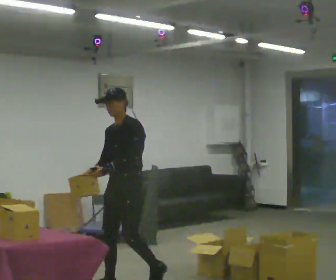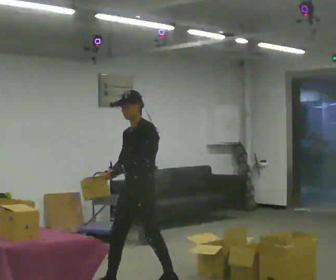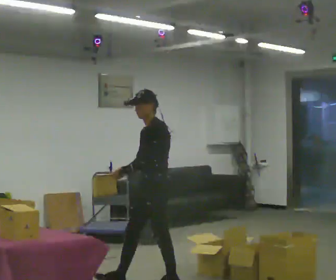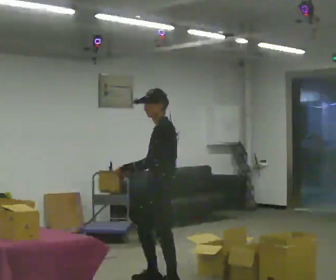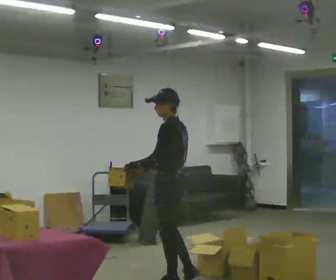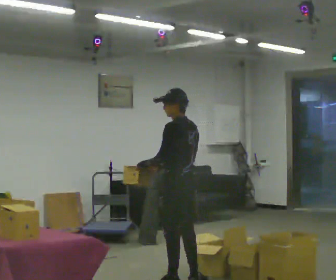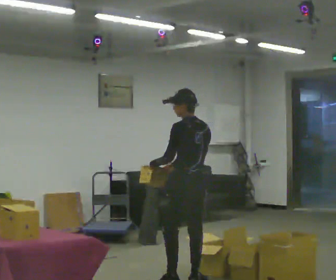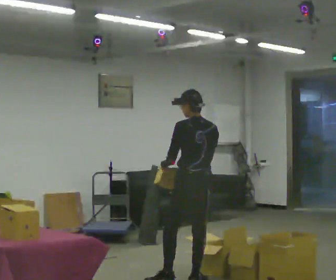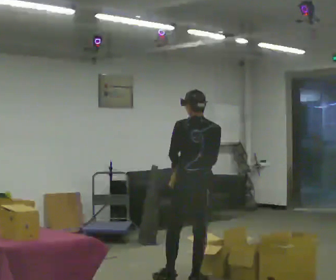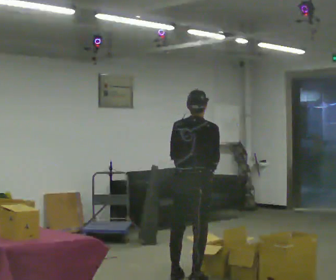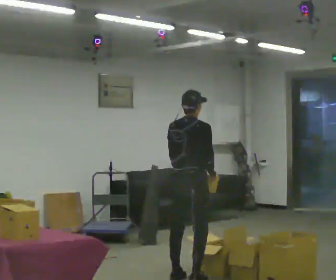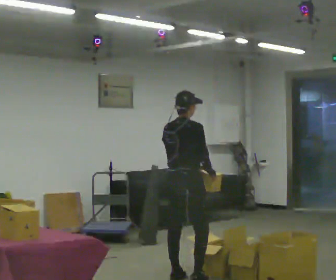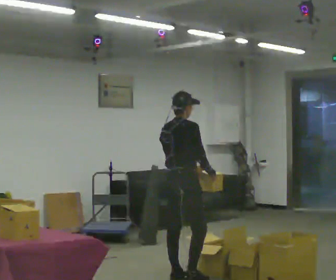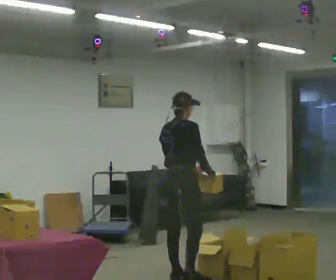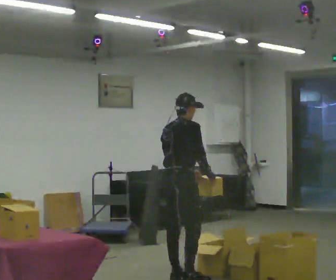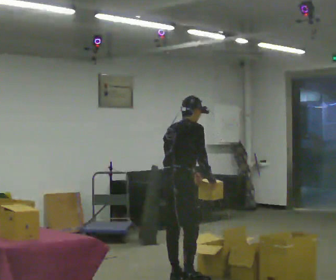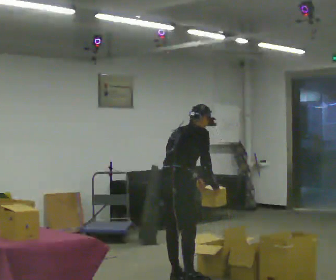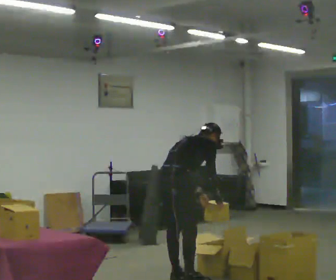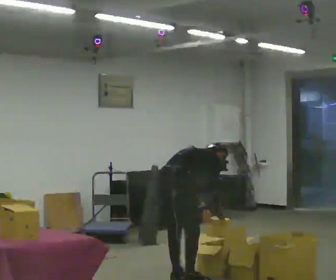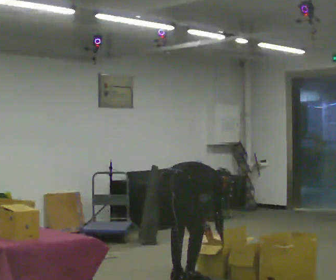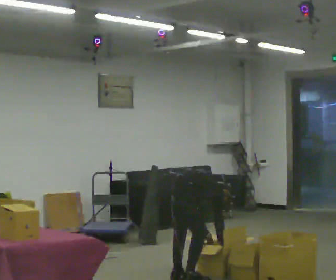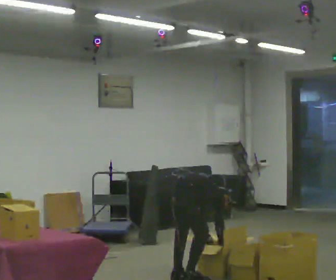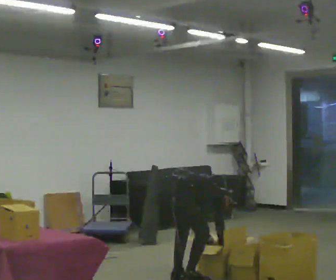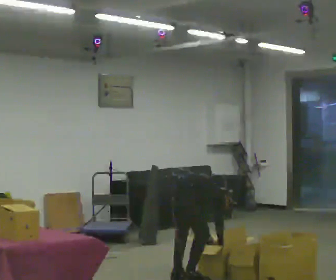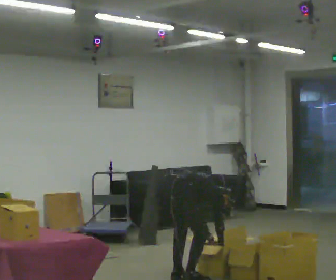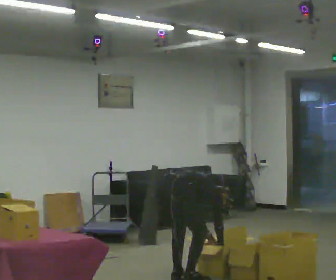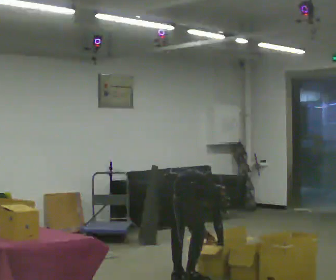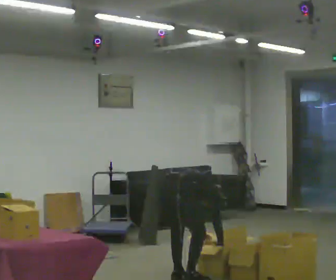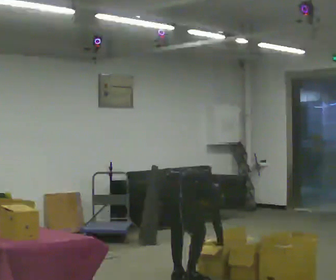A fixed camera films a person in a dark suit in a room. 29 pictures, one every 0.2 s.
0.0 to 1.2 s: The person turns about 90 degrees to their right, clockwise seen from above, so the part of the body nearest the lens slides to the left. In the picture they go to the right, about 0.5 m in 1 step.
1.2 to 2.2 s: The person turns about 75 degrees to their right, clockwise seen from above, so the part of the body nearest the lens slides to the left. In the picture their right hand goes to the right, the arm swinging counterclockwise.
2.2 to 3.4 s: The upper body goes downward. In the picture the upper body tilts clockwise, shoulders to the right, as they bend forward.
3.4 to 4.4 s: The shoulders move downward. In the picture the upper body tilts clockwise, shoulders to the right, as they bend forward. In the picture their right hand goes downward.
4.4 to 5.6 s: The person moves a little, or ends about where they began.
The film runs backward here.
